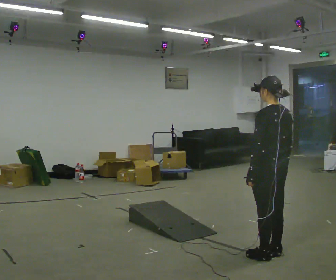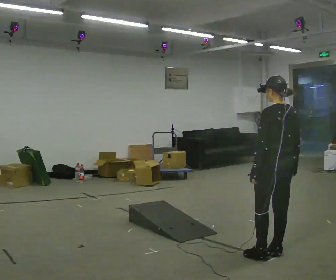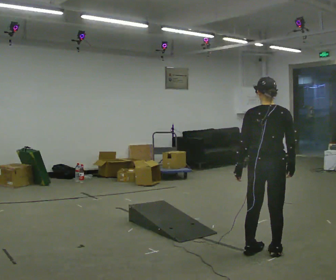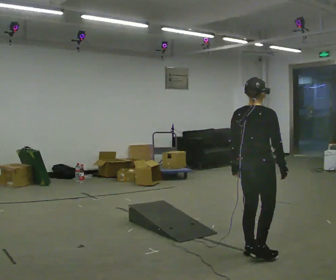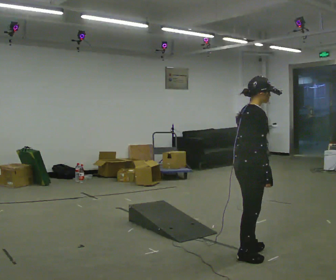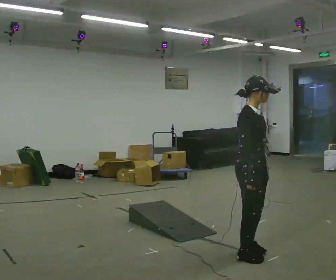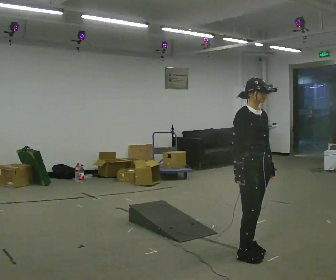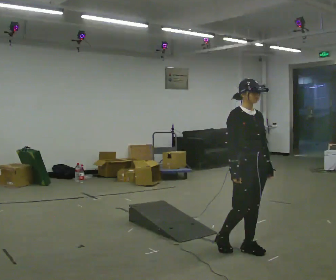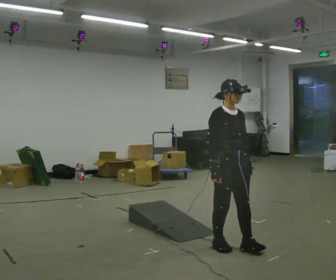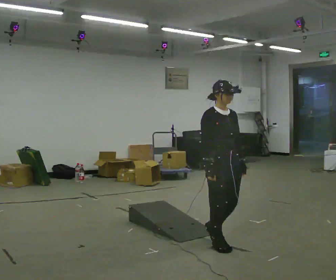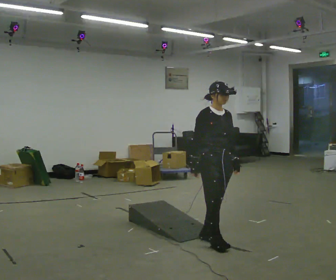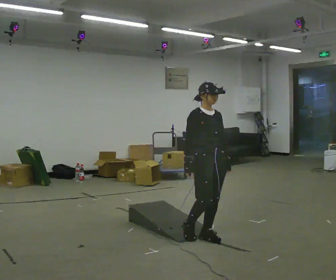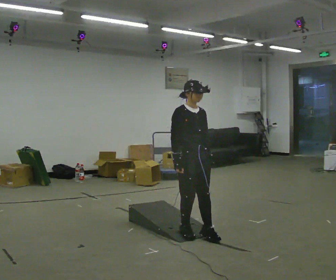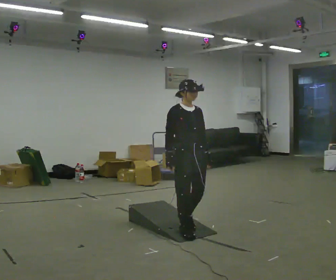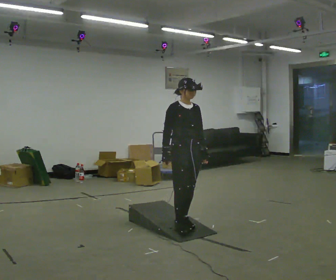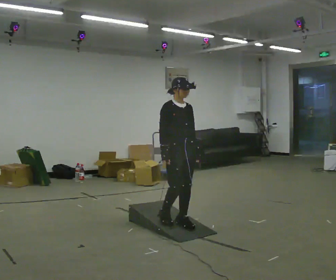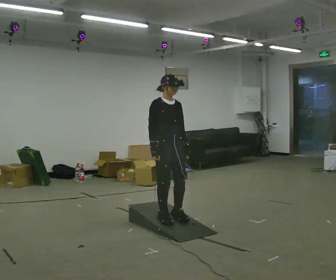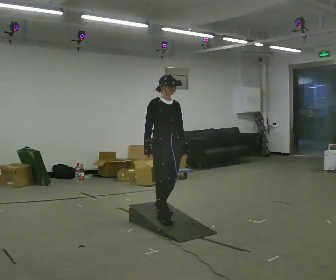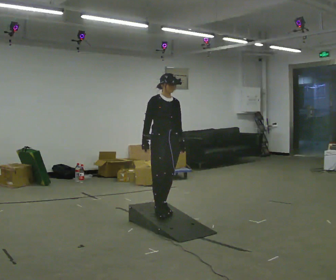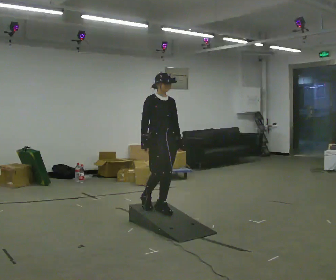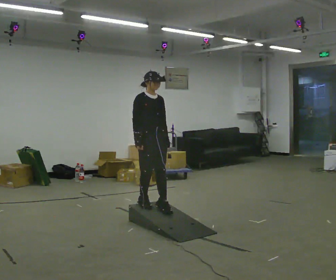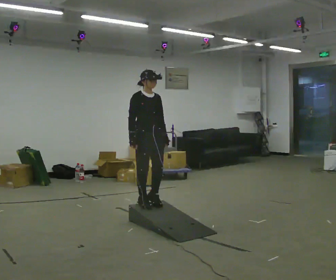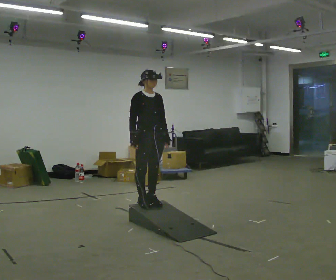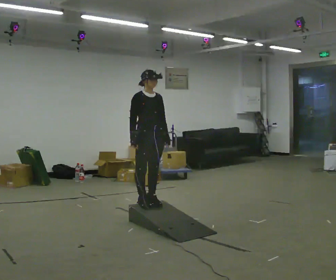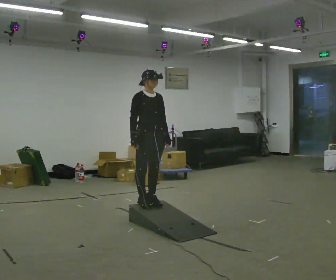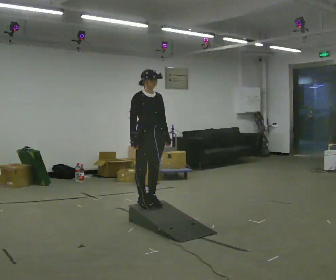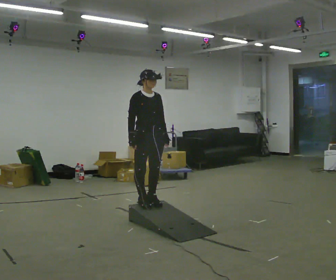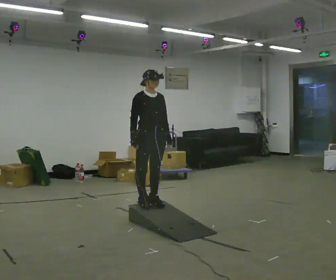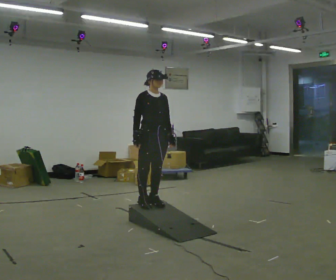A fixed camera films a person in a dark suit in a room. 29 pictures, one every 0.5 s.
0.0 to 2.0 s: Seen from above the body turns clockwise, about 120 degrees: to their right, with its near side sliding to the left. In the picture they go to the left, about 0.25 m in 2 steps.
2.0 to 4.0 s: The person turns about 60 degrees to their right, clockwise seen from above, so the part of the body nearest the lens slides to the left. In the picture they go away from the camera and to the left, about 0.25 m in 1 step.
4.0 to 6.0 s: In the picture they go to the left and away from the camera, about 0.5 m in 2 steps, which for them is backward.
6.0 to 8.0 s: In the picture they go away from the camera and to the left, about 0.5 m in 3 steps, which for them is backward.
8.0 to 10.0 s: In the picture they go away from the camera and to the left, about 0.5 m in 1 step, which for them is backward.
10.0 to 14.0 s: The person moves a little, or ends about where they began.
The film runs backward here.
